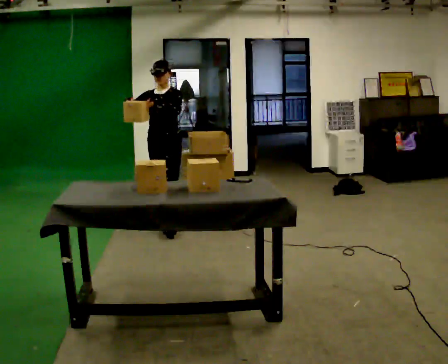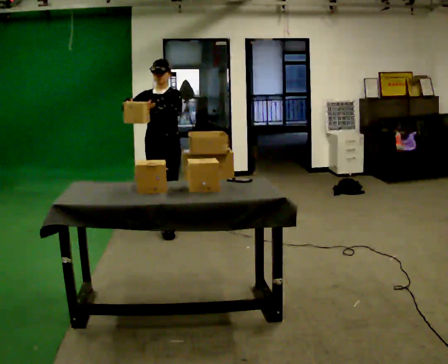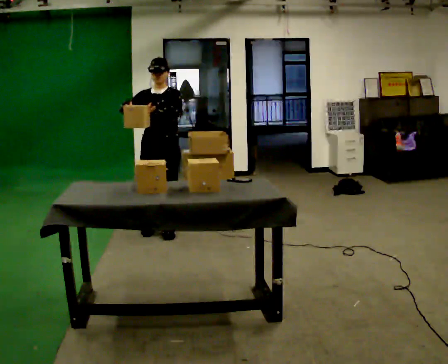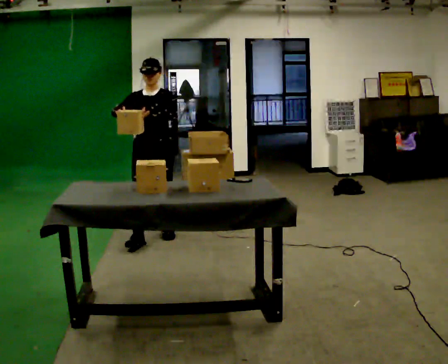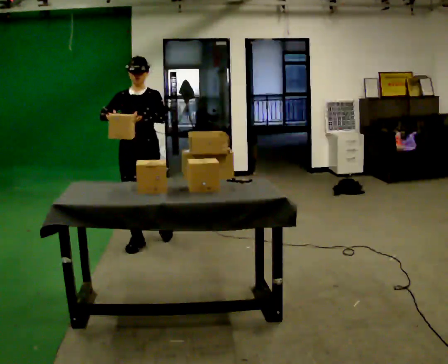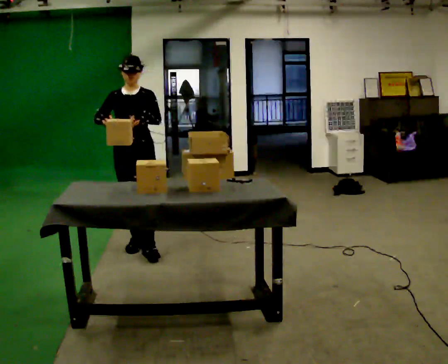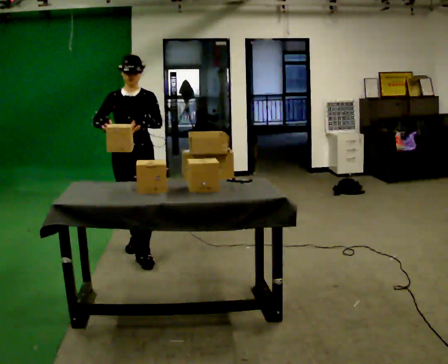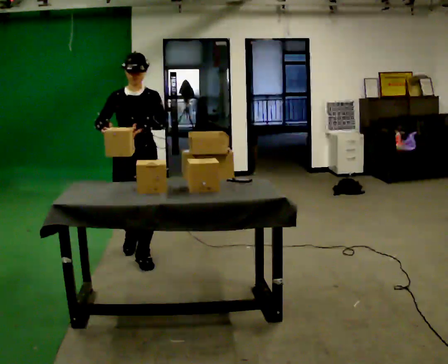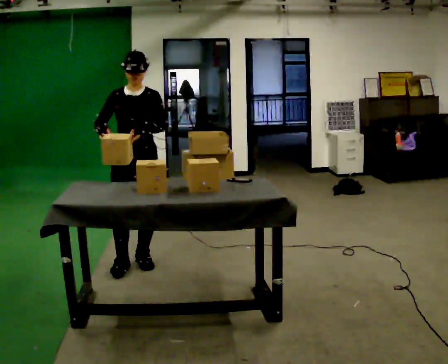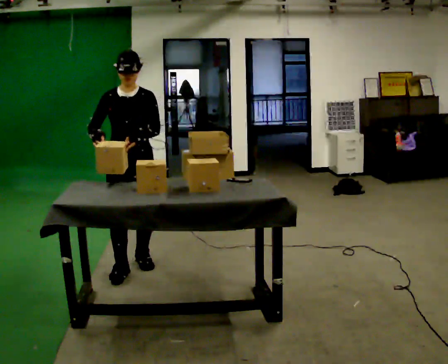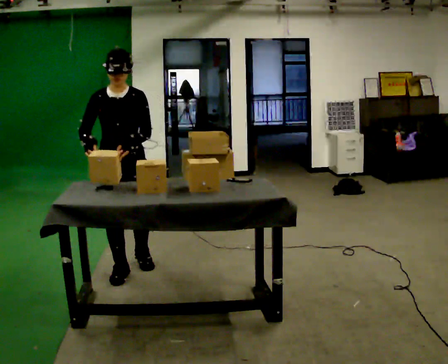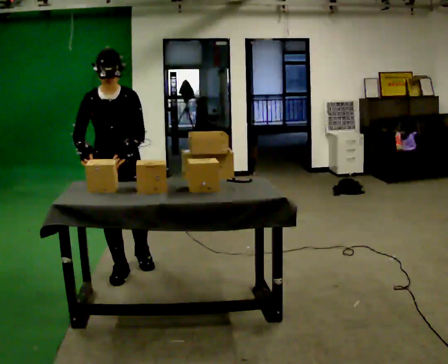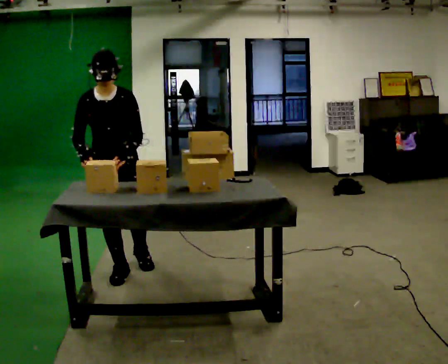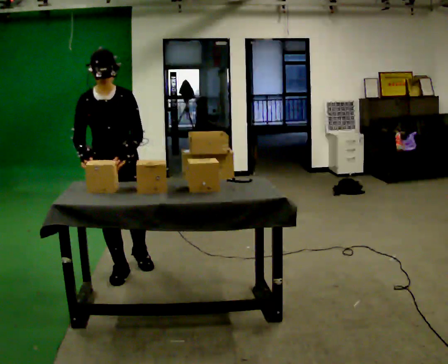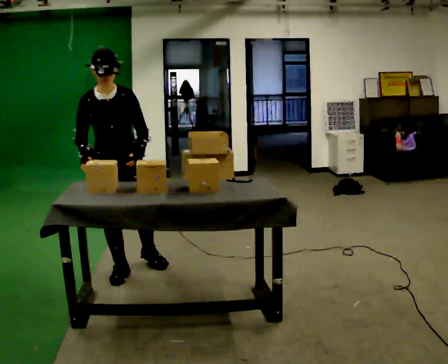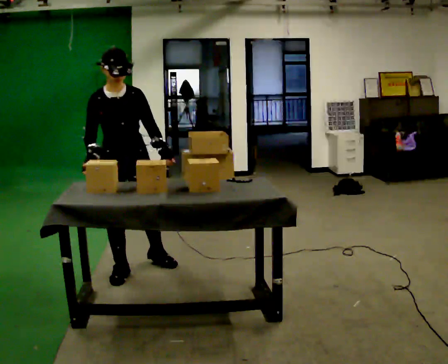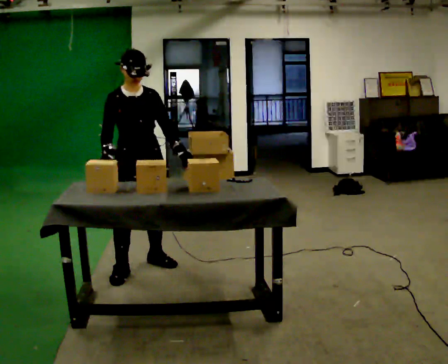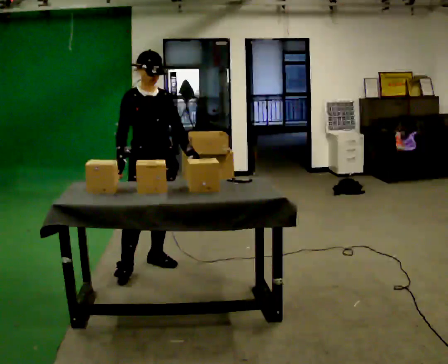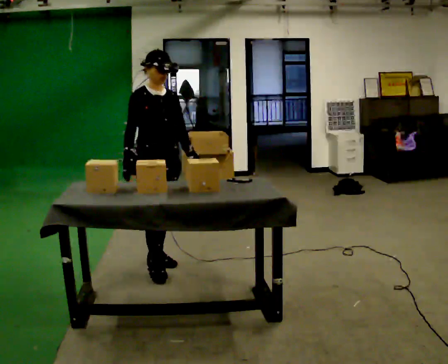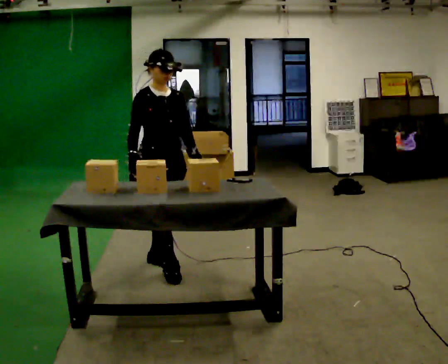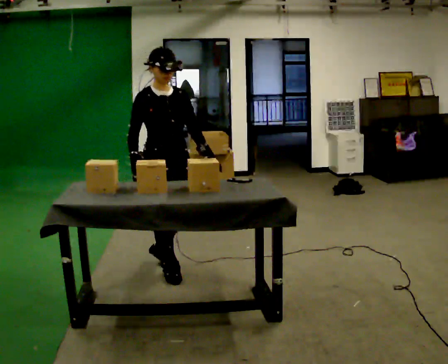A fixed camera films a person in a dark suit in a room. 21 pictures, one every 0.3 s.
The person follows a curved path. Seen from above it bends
counterclockwise.
The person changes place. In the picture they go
toward the camera.
0.0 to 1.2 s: In the picture they go toward the camera and to the left, about 0.5 m in 1 step, which for them is forward.
1.2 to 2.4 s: In the picture they go toward the camera, about 0.5 m in 1 step, which for them is forward.
2.4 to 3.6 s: In the picture they go toward the camera and to the left, about 0.25 m in 1 step, which for them is forward and to their right.
3.6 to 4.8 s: In the picture they go to the right, about 0.25 m, which for them is to their left. In the picture their left hand goes to the right.
4.8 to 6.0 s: In the picture they go to the right, about 0.25 m in 1 step, which for them is forward.
The film runs forward here.
